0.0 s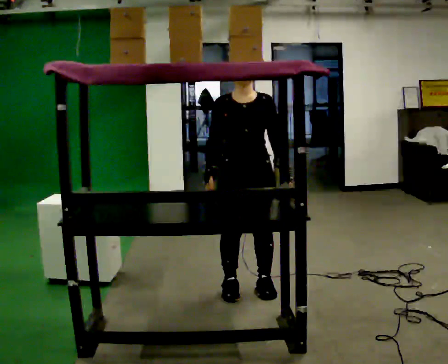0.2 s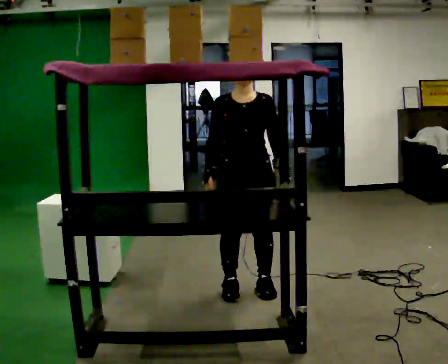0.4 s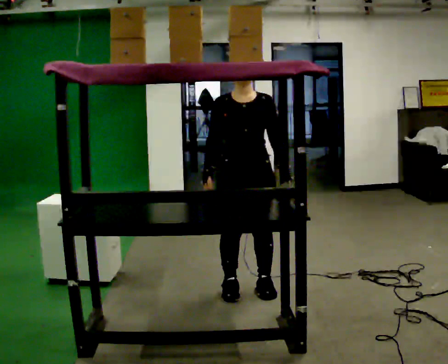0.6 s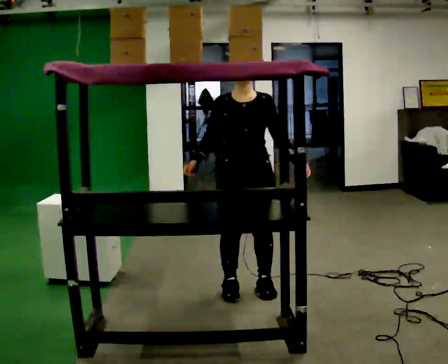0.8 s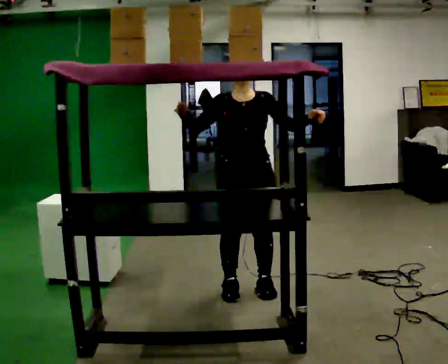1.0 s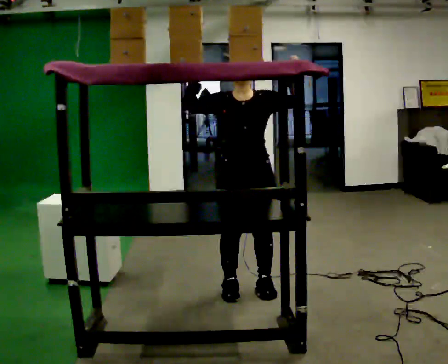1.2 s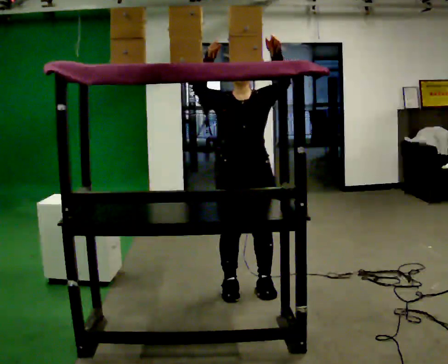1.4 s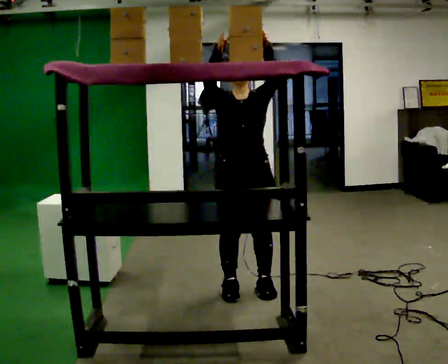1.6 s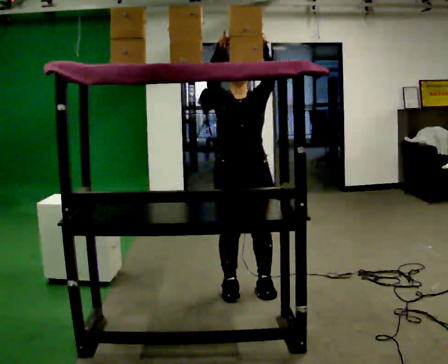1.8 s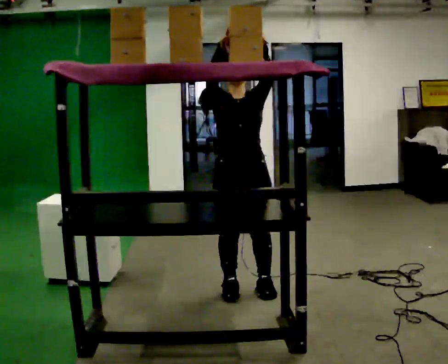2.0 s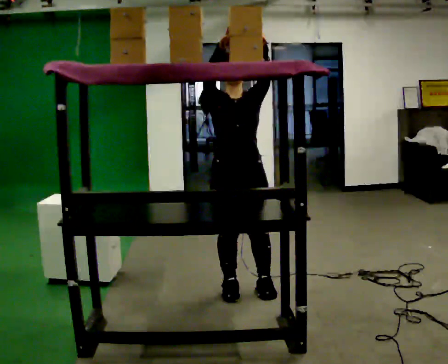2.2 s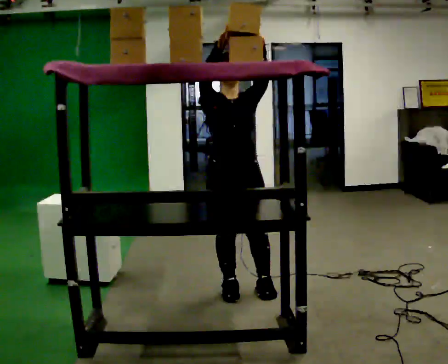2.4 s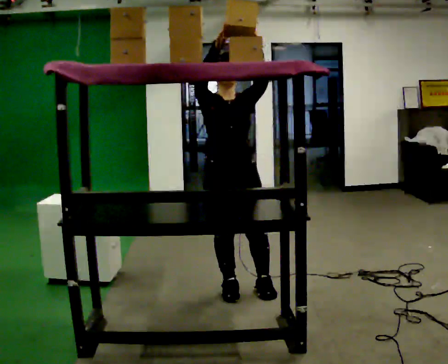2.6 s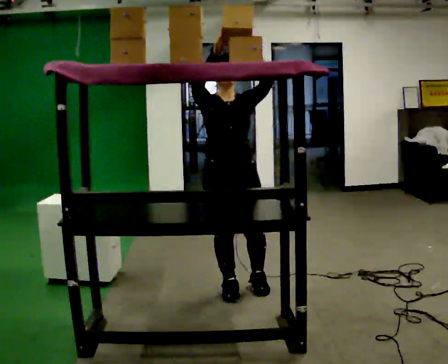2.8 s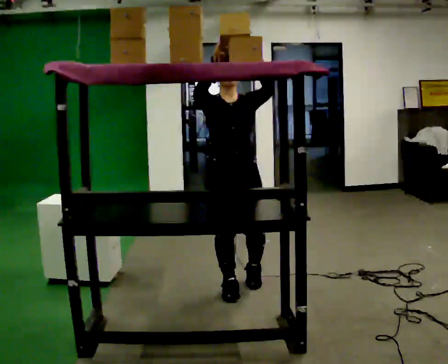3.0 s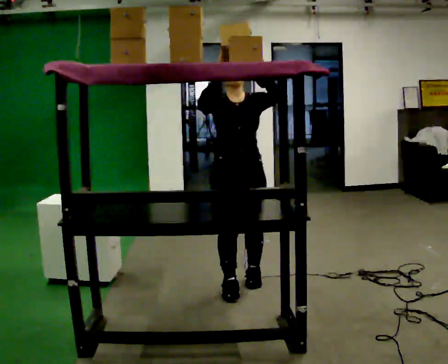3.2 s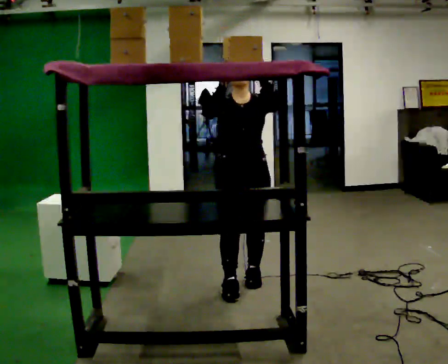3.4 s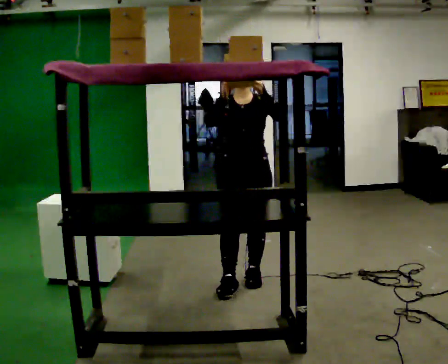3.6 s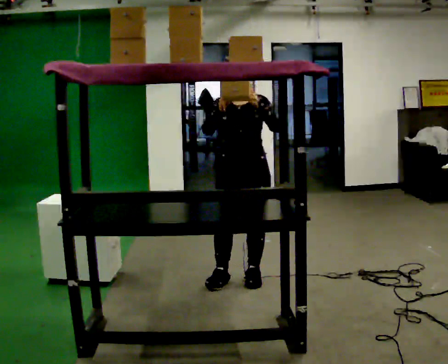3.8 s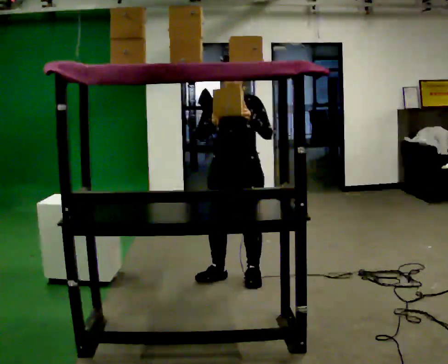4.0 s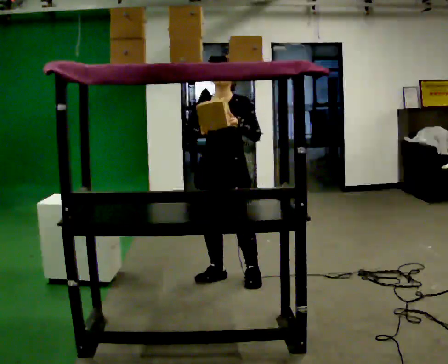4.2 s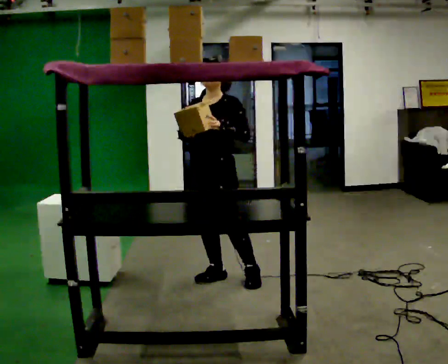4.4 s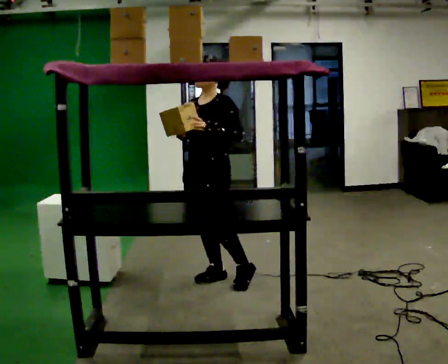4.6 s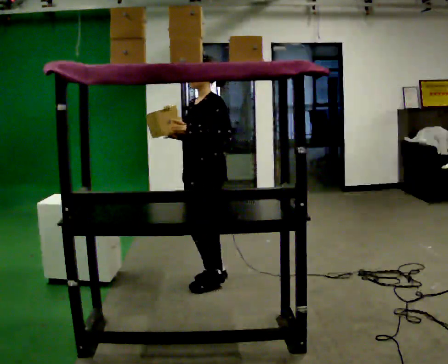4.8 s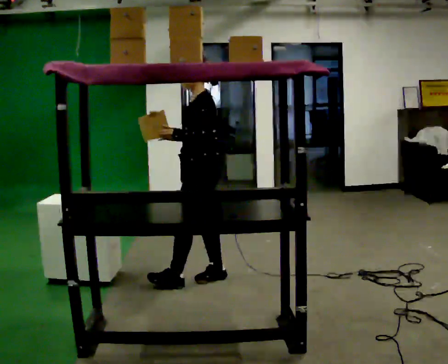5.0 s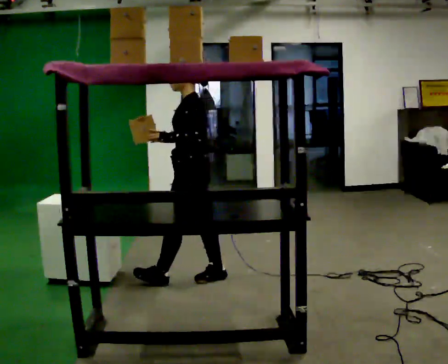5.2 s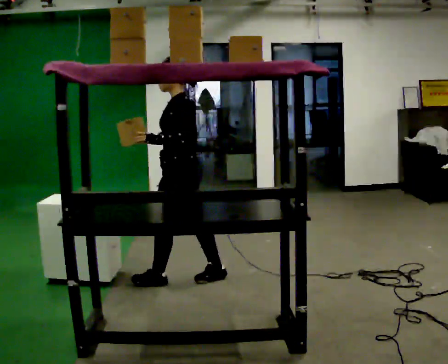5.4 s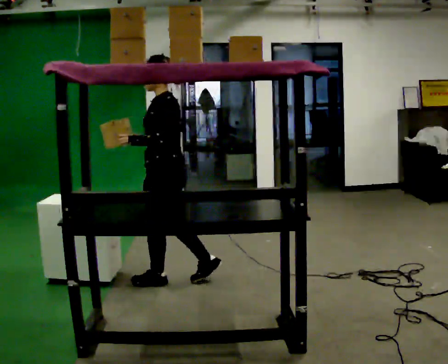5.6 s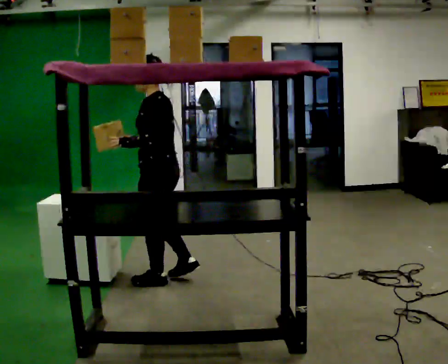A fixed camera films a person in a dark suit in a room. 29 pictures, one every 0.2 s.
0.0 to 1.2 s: In the picture their left hand goes upward, the arm swinging counterclockwise.
1.2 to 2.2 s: The person moves a little, or ends about where they began.
2.2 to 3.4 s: In the picture they go away from the camera, about 0.25 m in 1 step, which for them is backward and to their left. In the picture their right hand goes downward.
3.4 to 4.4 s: The person turns about 45 degrees to their right, clockwise seen from above, so the part of the body nearest the lens slides to the left. In the picture they go to the left, about 0.25 m in 1 step, which for them is to their right.
4.4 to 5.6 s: Seen from above the body turns clockwise, about 60 degrees: to their right, with its near side sliding to the left. In the picture they go to the left, about 0.25 m in 1 step, which for them is forward.
The film runs forward here.
